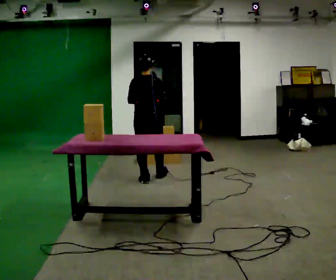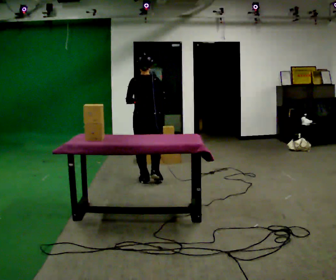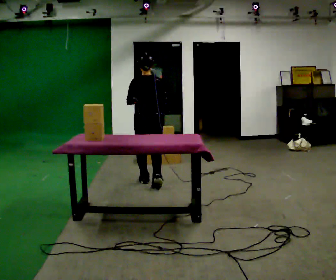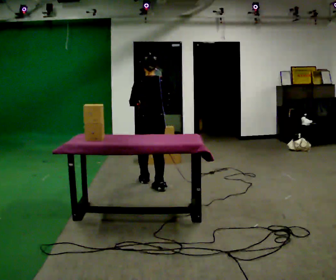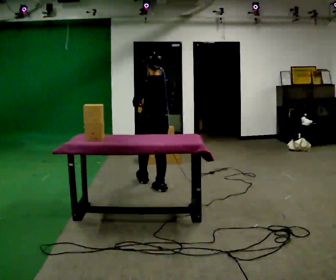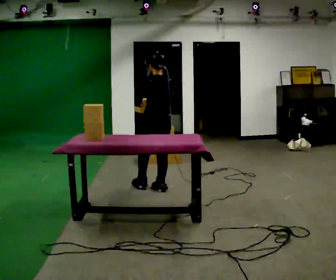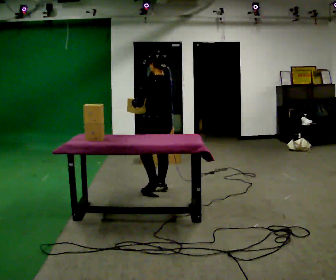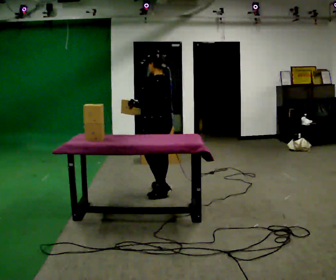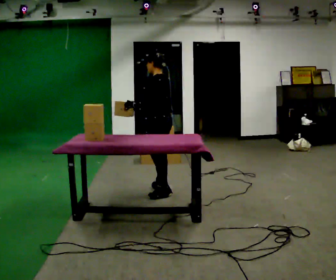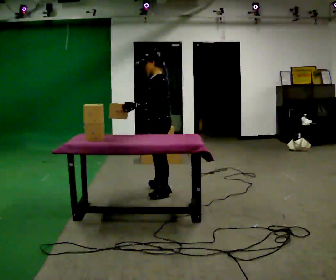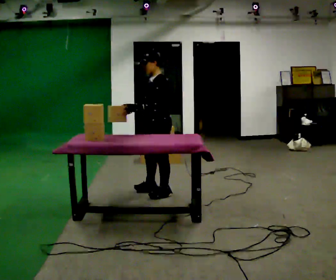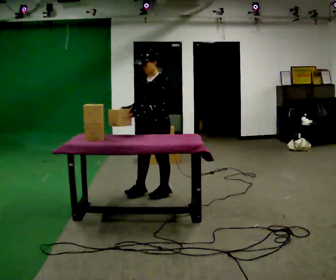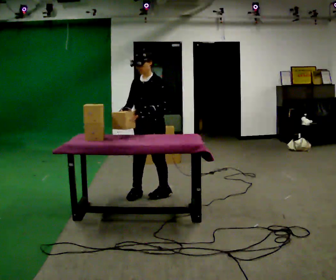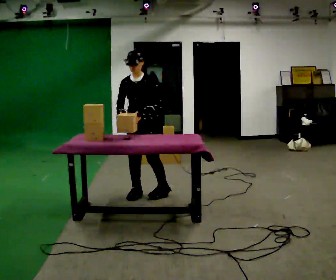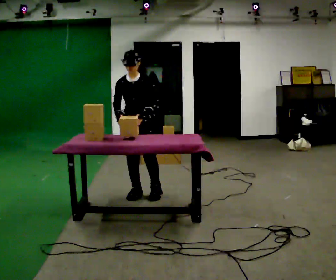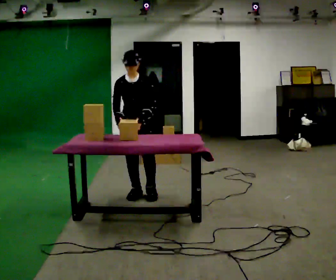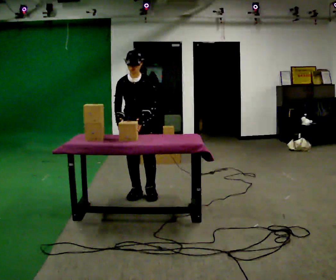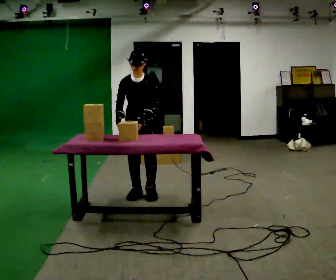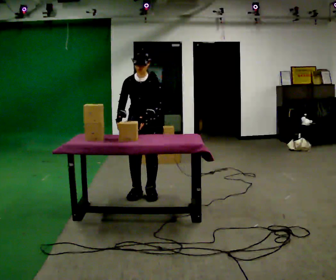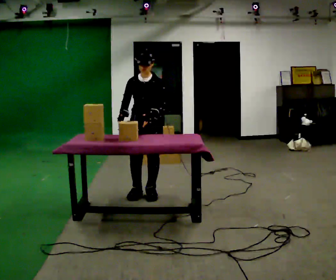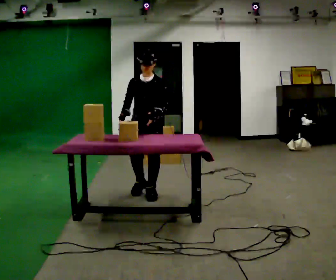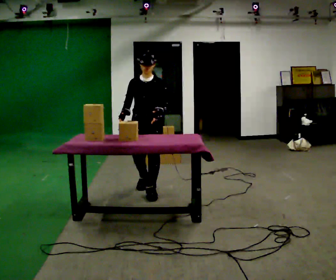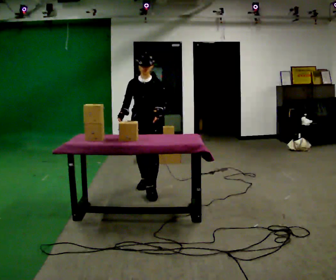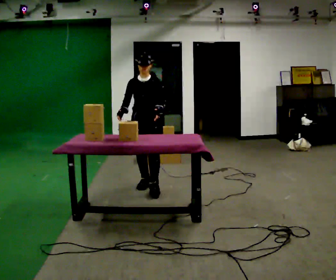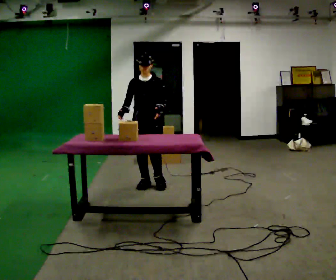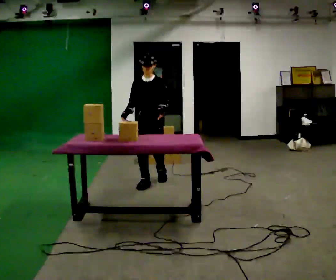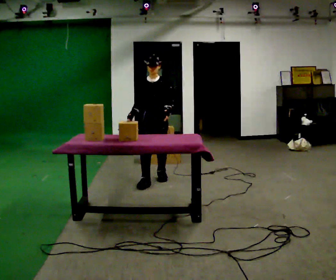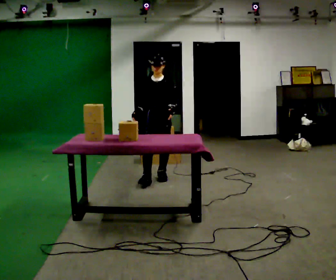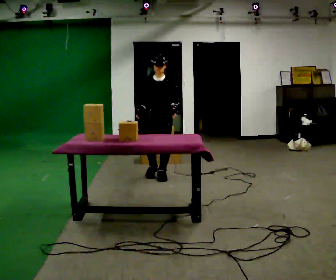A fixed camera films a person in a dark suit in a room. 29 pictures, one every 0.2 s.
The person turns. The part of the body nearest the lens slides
to the right.
The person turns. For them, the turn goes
to their left.
0.0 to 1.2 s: The part of the body nearest the lens slides to the right as the person turns to their left by about 45 degrees. In the picture they go toward the camera, about 0.5 m in 1 step, which for them is backward.
1.2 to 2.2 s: The part of the body nearest the lens slides to the right as the person turns to their left by about 75 degrees. In the picture they go toward the camera, about 0.25 m in 1 step. In the picture their right hand goes to the left.
2.2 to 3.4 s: The person turns about 60 degrees to their left, counterclockwise seen from above, so the part of the body nearest the lens slides to the right. In the picture they go to the left, about 0.25 m in 1 step, which for them is to their right.
3.4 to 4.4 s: In the picture they go away from the camera, about 0.25 m in 1 step, which for them is backward.
4.4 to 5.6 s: In the picture they go away from the camera, about 0.5 m in 2 steps, which for them is backward.
The film runs backward here.
